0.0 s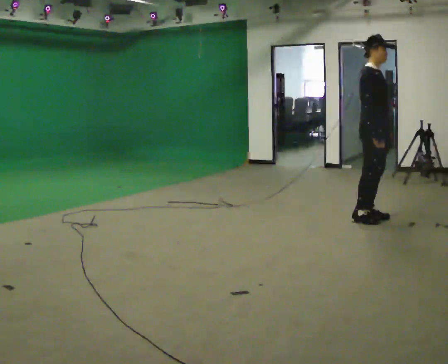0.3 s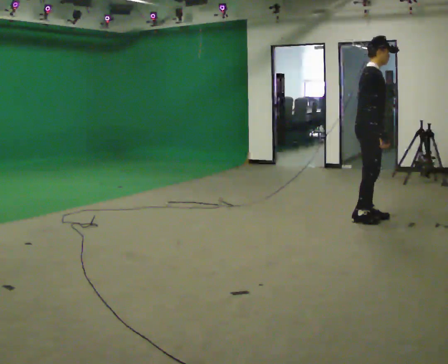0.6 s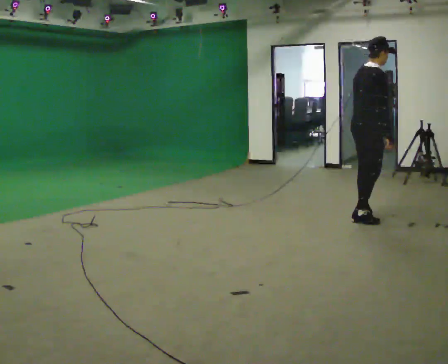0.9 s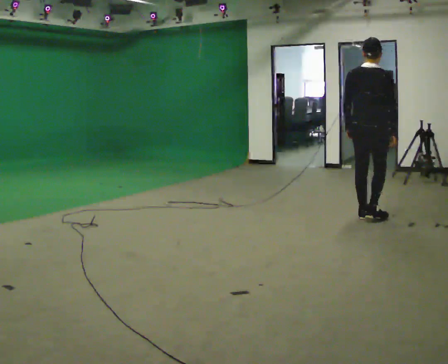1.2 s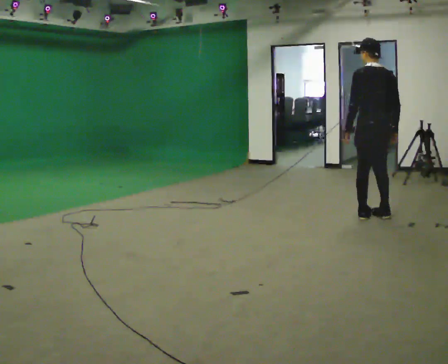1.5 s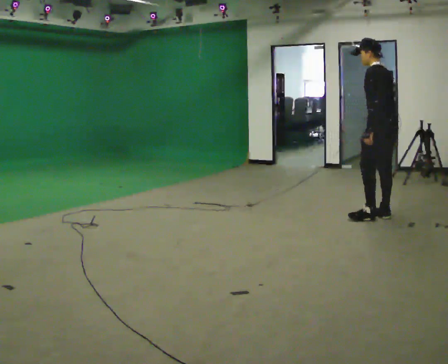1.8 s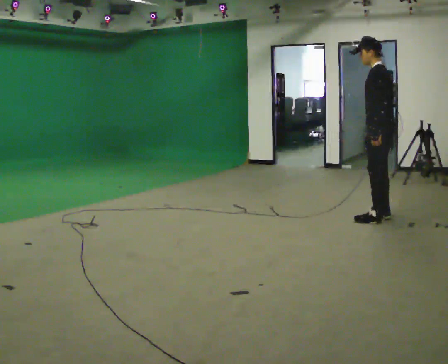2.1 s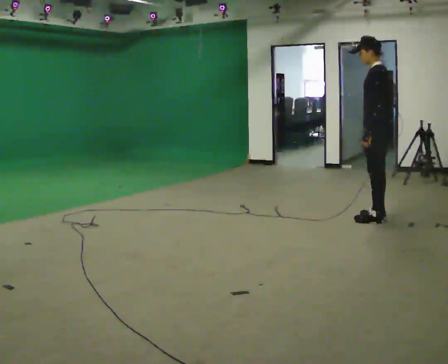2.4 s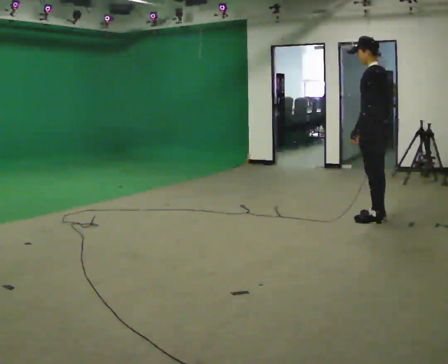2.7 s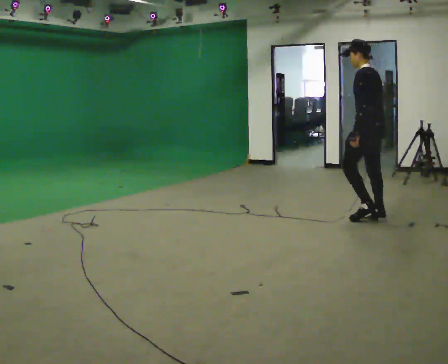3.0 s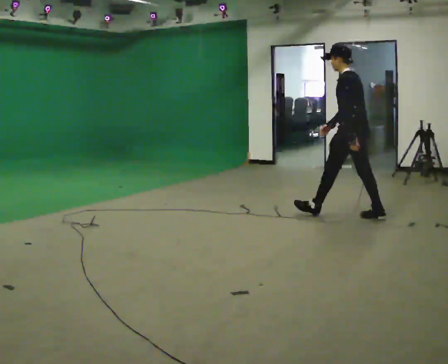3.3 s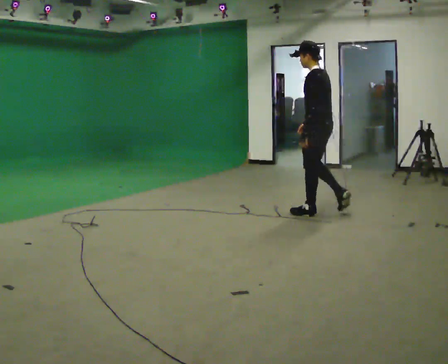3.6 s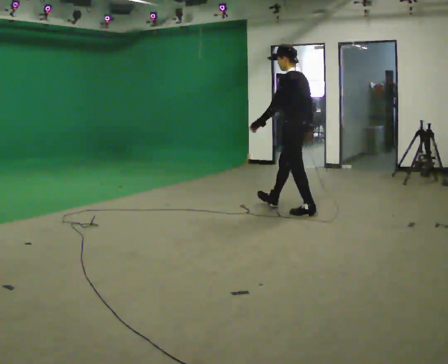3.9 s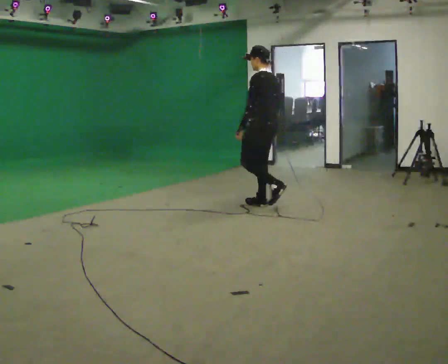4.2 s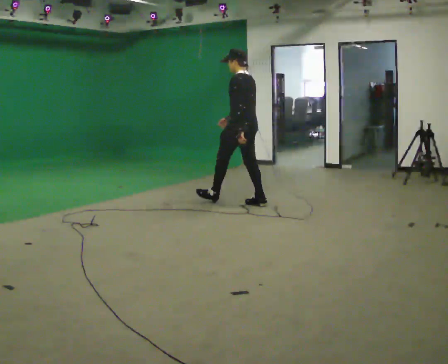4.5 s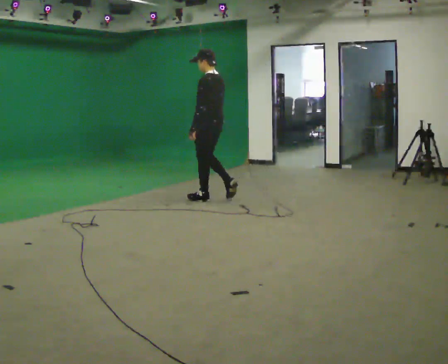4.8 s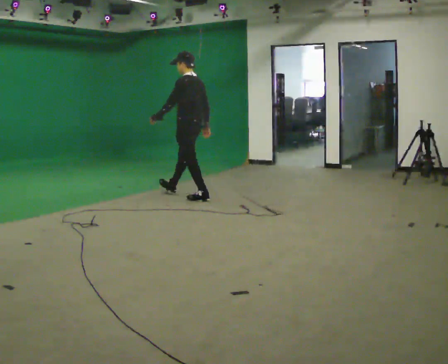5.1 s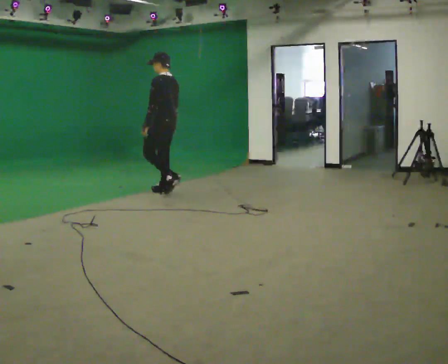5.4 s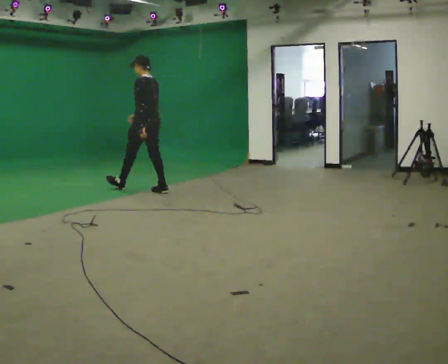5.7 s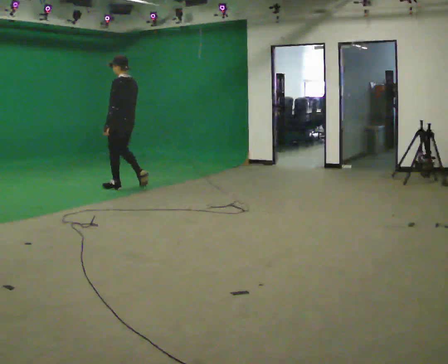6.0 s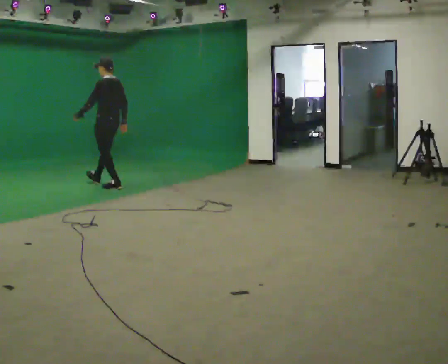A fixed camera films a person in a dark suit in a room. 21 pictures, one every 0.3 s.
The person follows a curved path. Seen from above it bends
counterclockwise.
The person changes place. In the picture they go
to the left.
0.0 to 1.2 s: Seen from above the body turns counterclockwise, about 135 degrees: to their left, with its near side sliding to the right. In the picture their left hand goes to the left.
1.2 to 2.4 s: The part of the body nearest the lens slides to the right as the person turns to their left by about 45 degrees.
2.4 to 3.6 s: In the picture they go to the left, about 1 m in 1 step, which for them is forward.
3.6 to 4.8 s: In the picture they go to the left, about 1.5 m in 2 steps, which for them is forward.
4.8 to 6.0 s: In the picture they go to the left, about 1 m in 2 steps, which for them is forward.
The film runs forward here.
